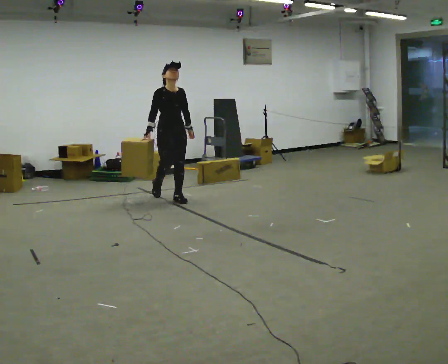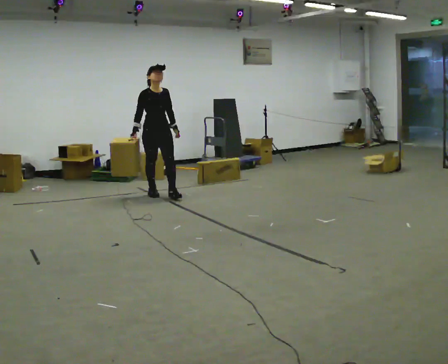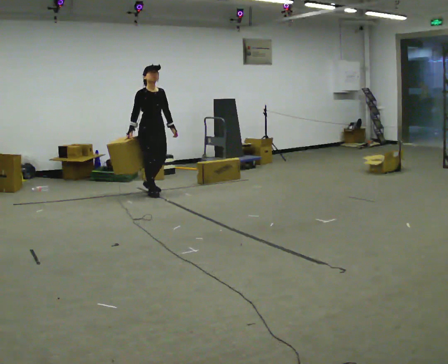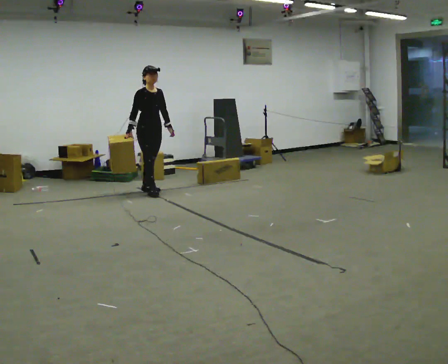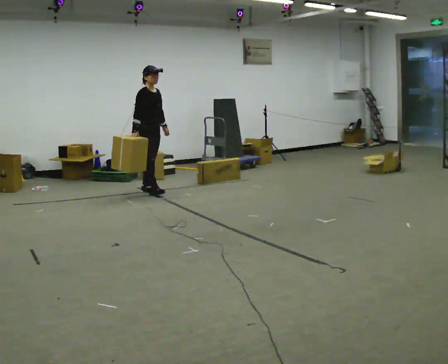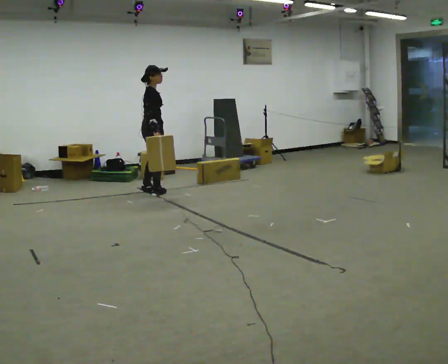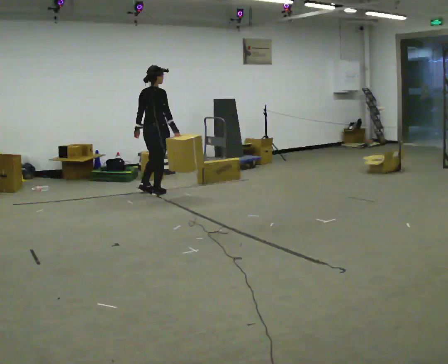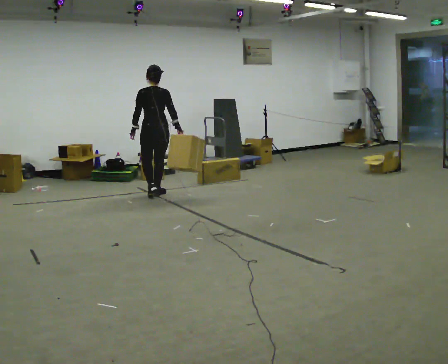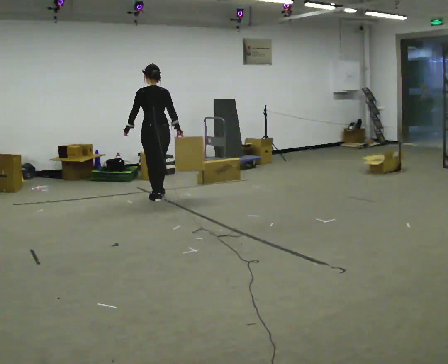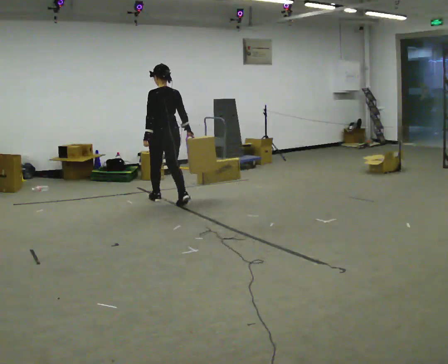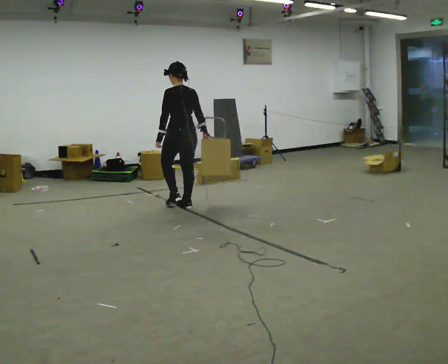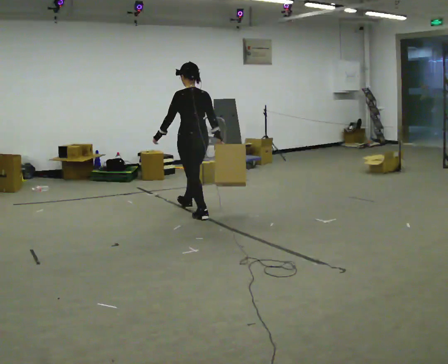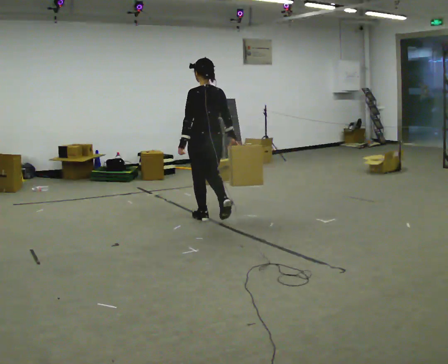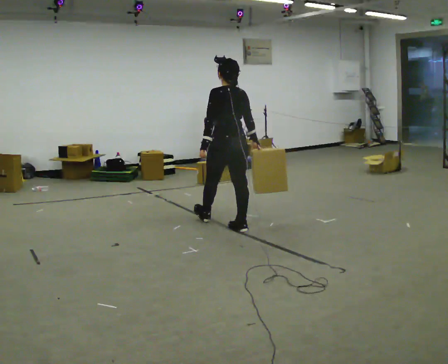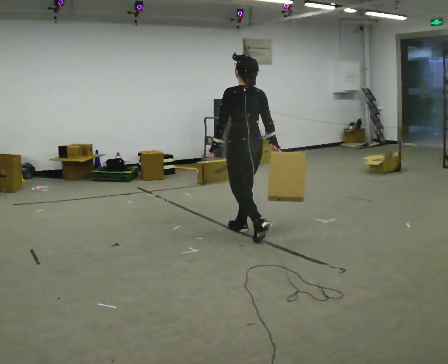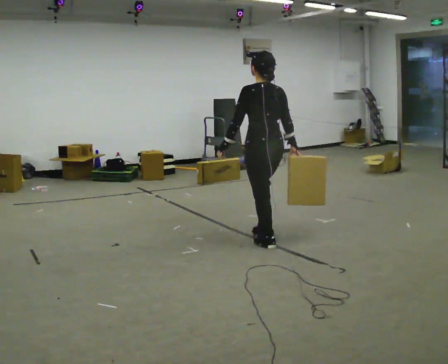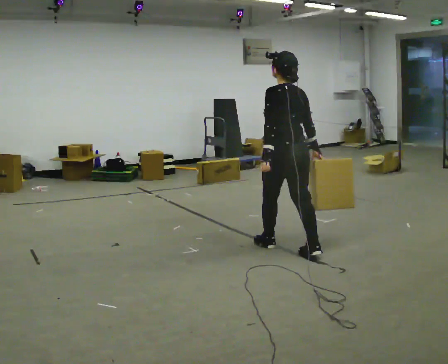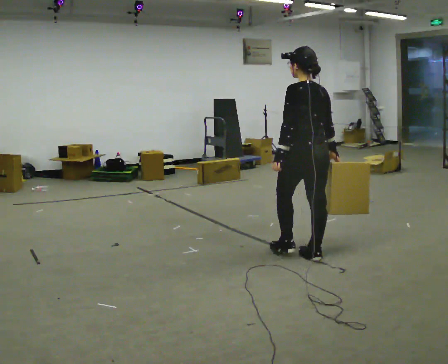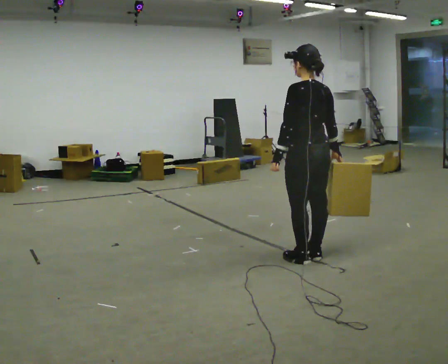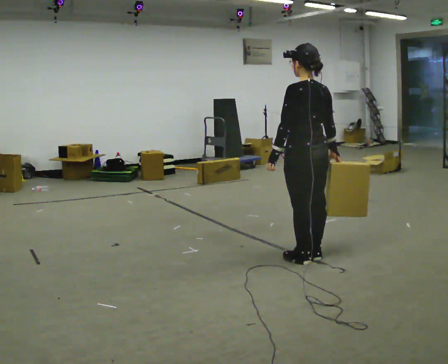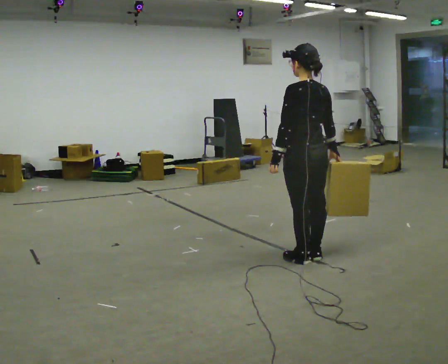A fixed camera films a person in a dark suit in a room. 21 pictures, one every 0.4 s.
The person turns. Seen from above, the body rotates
counterclockwise.
The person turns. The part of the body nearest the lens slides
to the right.
0.0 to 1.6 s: The part of the body nearest the lens slides to the right as the person turns to their left by about 30 degrees. In the picture they go away from the camera and to the left, about 0.5 m in 1 step, which for them is backward.
1.6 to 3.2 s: The part of the body nearest the lens slides to the right as the person turns to their left by about 135 degrees. In the picture they go toward the camera and to the right, about 0.5 m in 2 steps.
3.2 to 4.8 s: In the picture they go toward the camera and to the right, about 1 m in 2 steps, which for them is backward.
4.8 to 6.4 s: In the picture they go toward the camera and to the right, about 1 m in 2 steps, which for them is backward.
6.4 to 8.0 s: In the picture they go toward the camera, about 0.25 m in 1 step, which for them is backward.
The film runs backward here.
